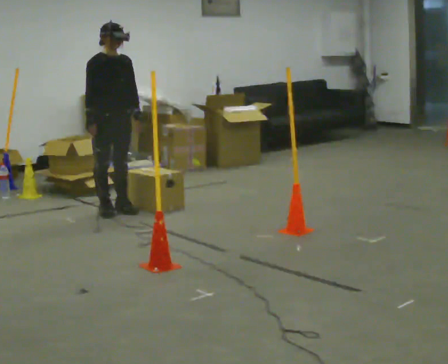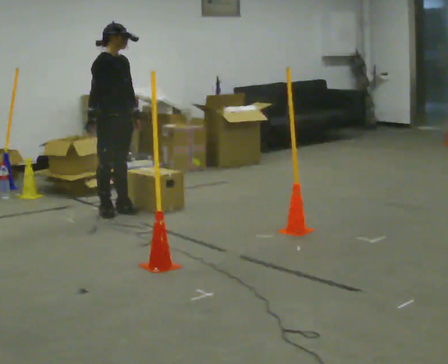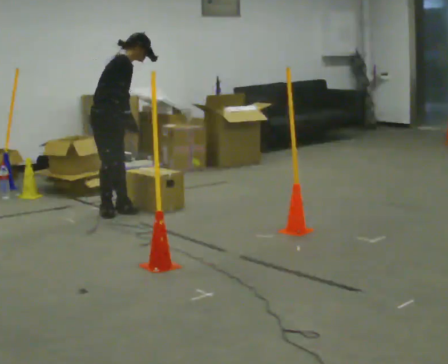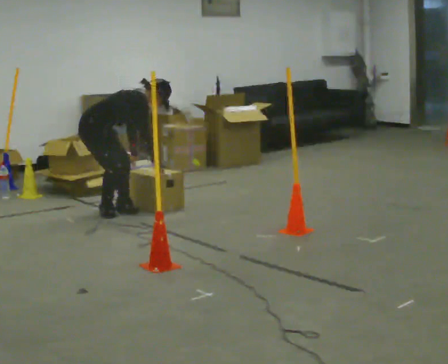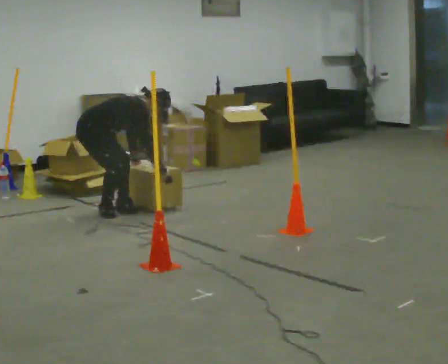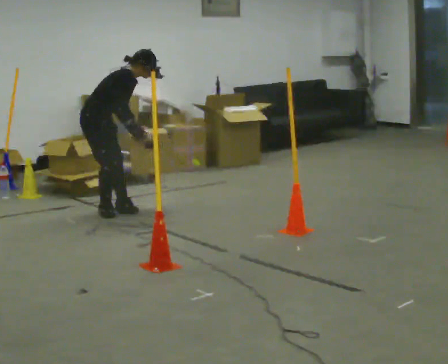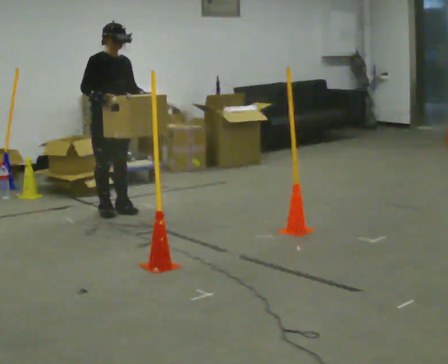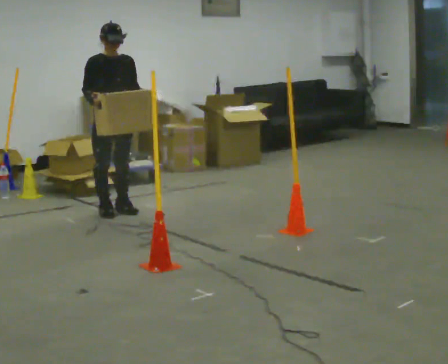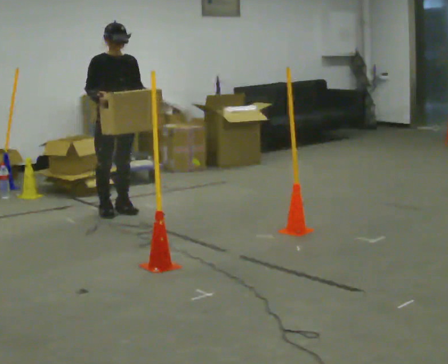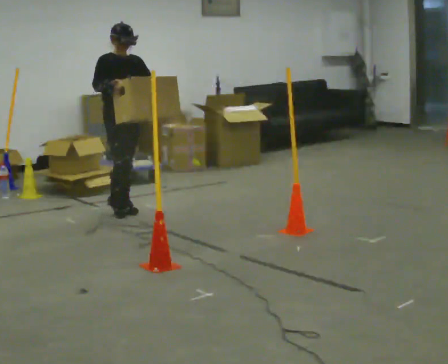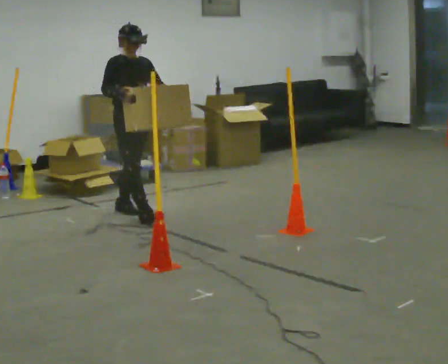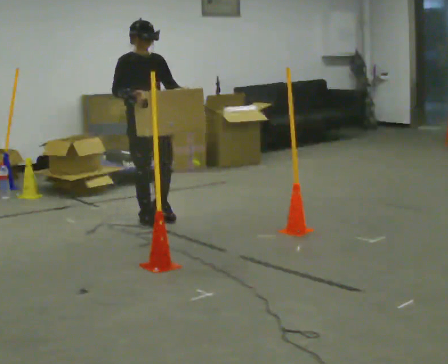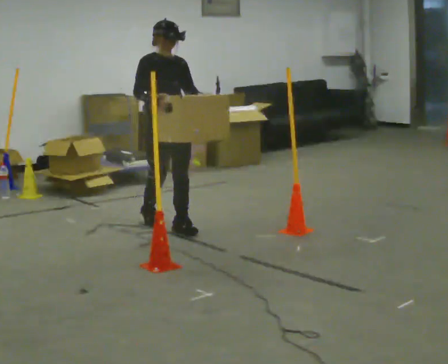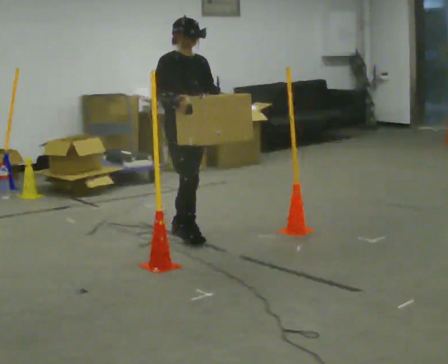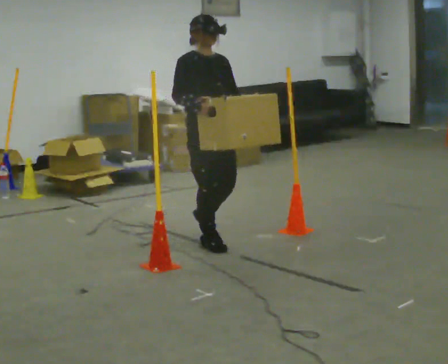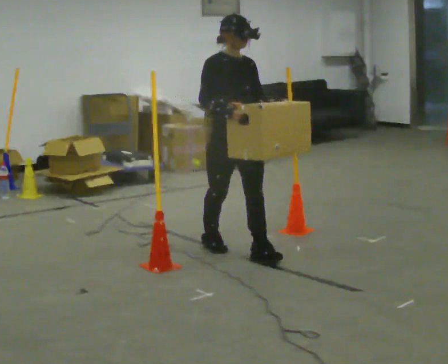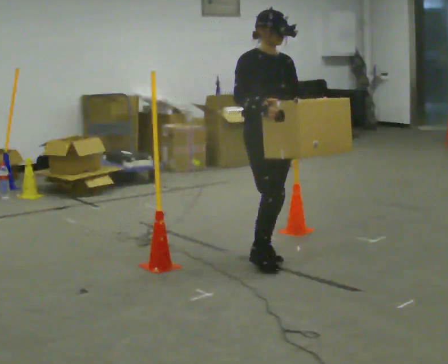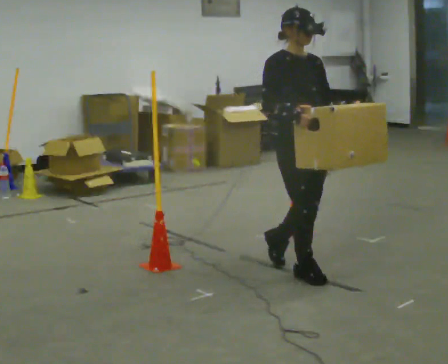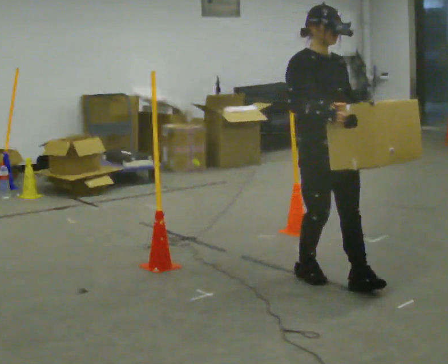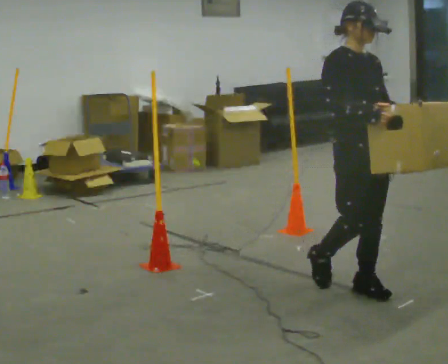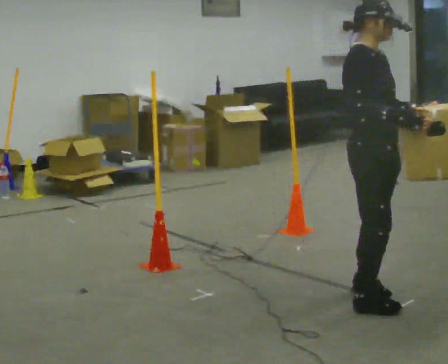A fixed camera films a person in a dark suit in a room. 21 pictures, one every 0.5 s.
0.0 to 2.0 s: The part of the body nearest the lens slides to the right as the person turns to their left by about 45 degrees. In the picture they go to the left, about 0.25 m, which for them is backward. The upper body goes downward. In the picture the upper body tilts clockwise, shoulders to the right, as they bend forward. In the picture their left hand goes downward.
2.0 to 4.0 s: Seen from above the body turns clockwise, about 60 degrees: to their right, with its near side sliding to the left. In the picture they go to the right, about 0.25 m. The upper body goes upward. In the picture the upper body tilts counterclockwise, shoulders to the left, as they lean back or straighten. In the picture their left hand goes upward, the arm swinging counterclockwise.
4.0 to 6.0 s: In the picture they go toward the camera and to the right, about 0.75 m in 2 steps, which for them is forward.
6.0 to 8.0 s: In the picture they go toward the camera and to the right, about 1 m in 2 steps, which for them is forward.
8.0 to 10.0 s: The person turns about 30 degrees to their left, counterclockwise seen from above, so the part of the body nearest the lens slides to the right. In the picture they go toward the camera, about 1 m in 3 steps, which for them is forward.
The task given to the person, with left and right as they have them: Carry the box through the gap between the panels without touching either side, then set it down and bring it back. Keep going until the operator says stop; one object at a time, and do not rush between trips.
The film runs forward here.
